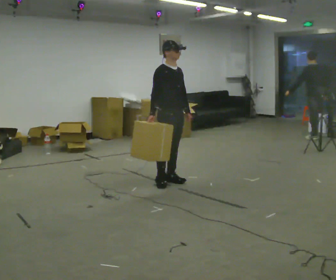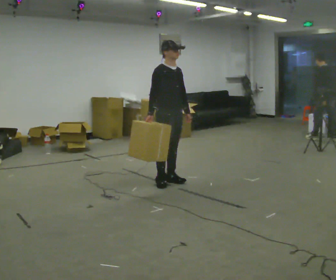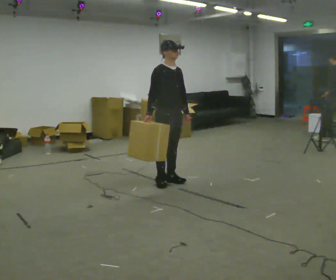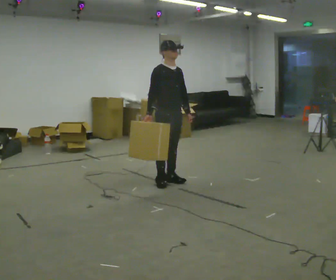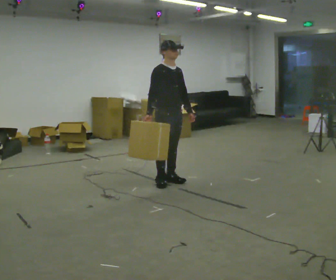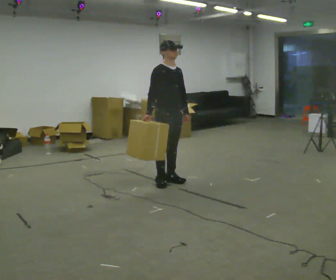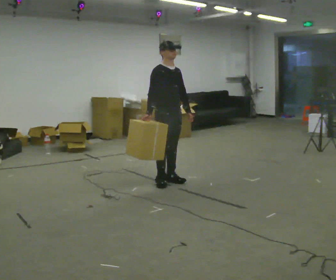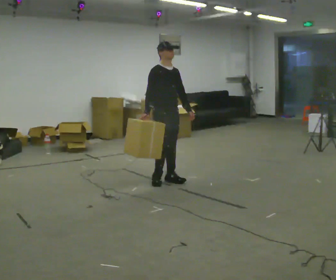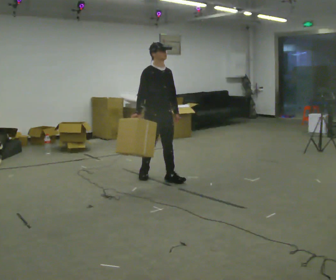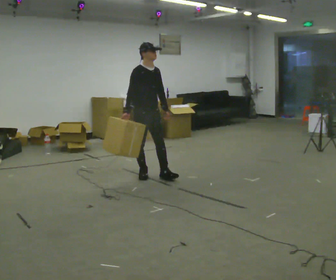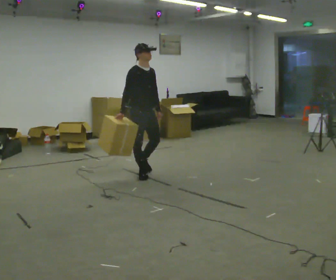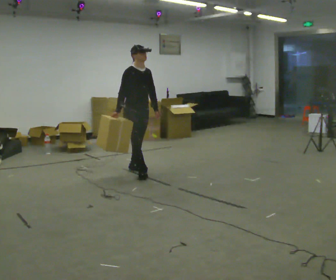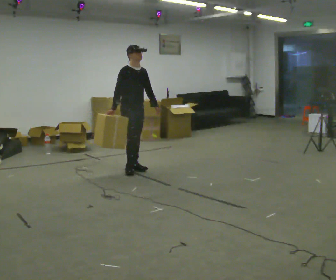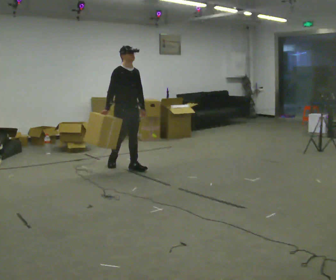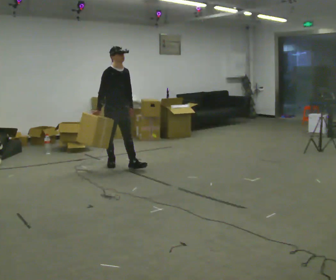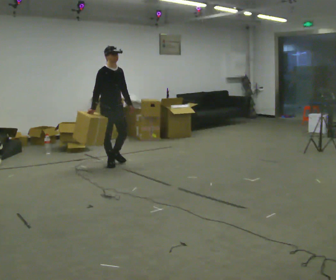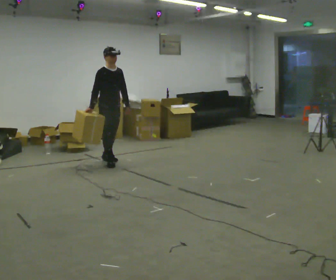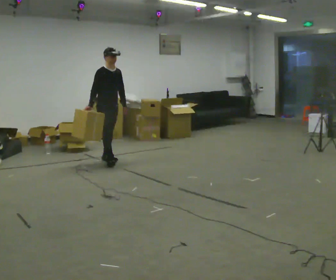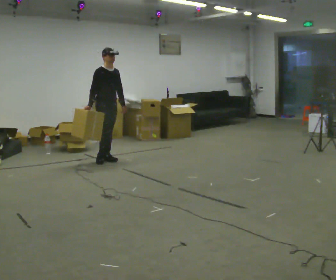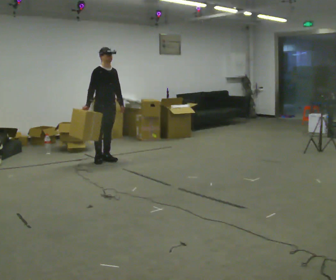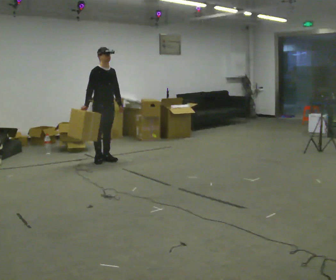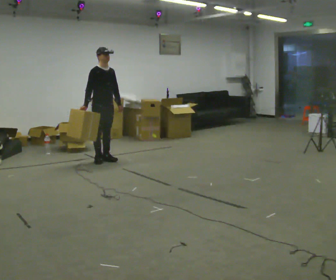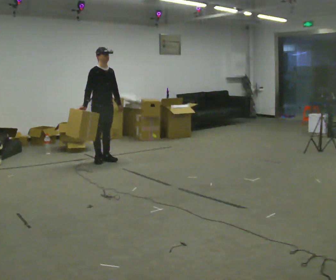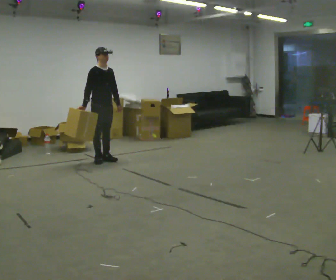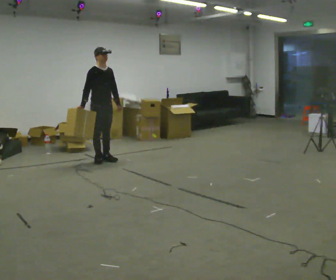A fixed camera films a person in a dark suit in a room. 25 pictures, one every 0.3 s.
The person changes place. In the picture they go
away from the camera.
0.0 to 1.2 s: The person moves a little, or ends about where they began.
1.2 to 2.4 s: In the picture they go away from the camera, about 0.25 m in 1 step, which for them is backward.
2.4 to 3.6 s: In the picture they go away from the camera and to the left, about 0.5 m in 2 steps, which for them is backward.
3.6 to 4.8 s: In the picture they go away from the camera and to the left, about 0.5 m in 1 step, which for them is backward.
4.8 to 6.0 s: In the picture they go away from the camera, about 0.25 m in 1 step, which for them is backward.
6.0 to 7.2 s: The person moves a little, or ends about where they began.
The film runs backward here.
